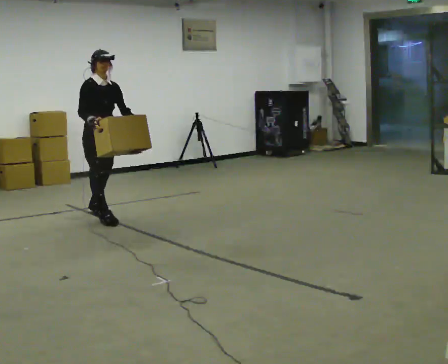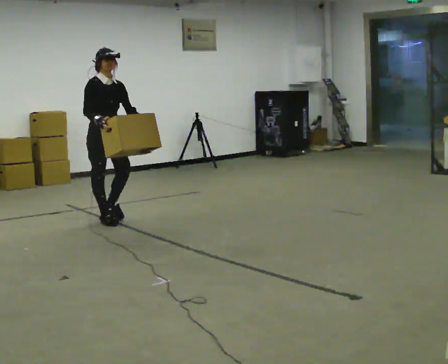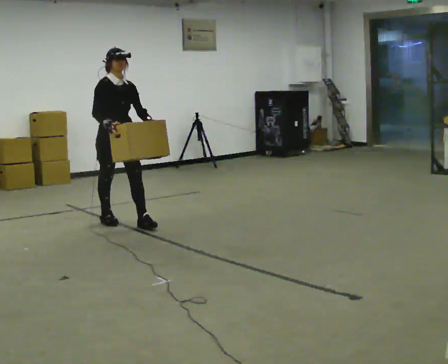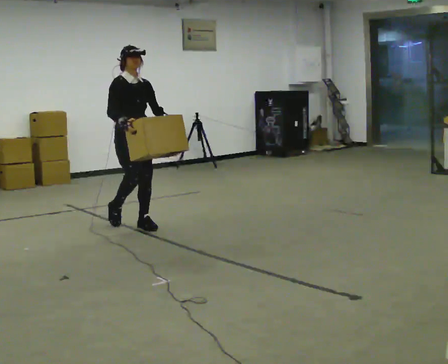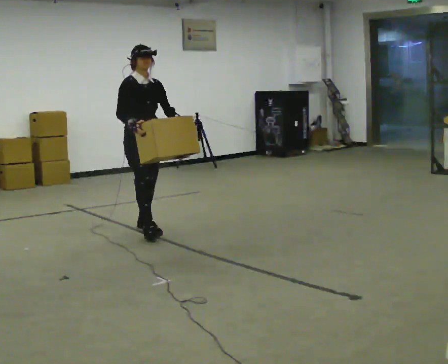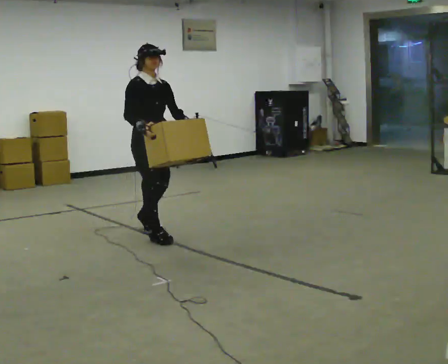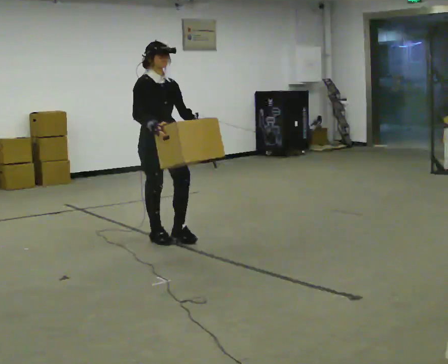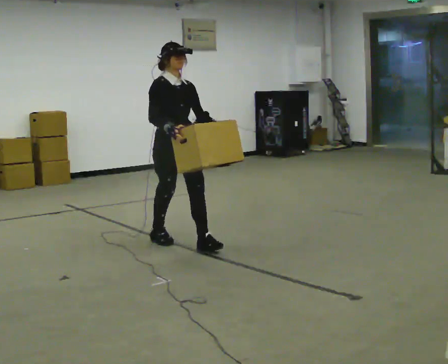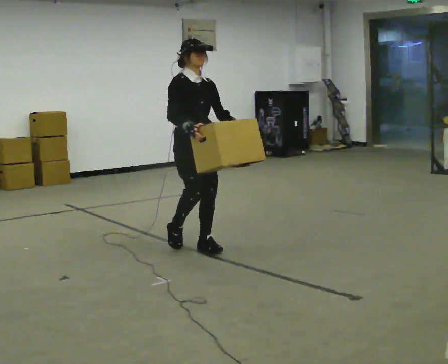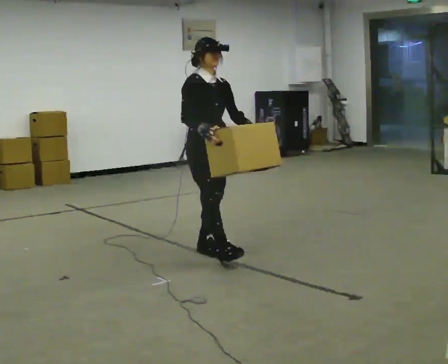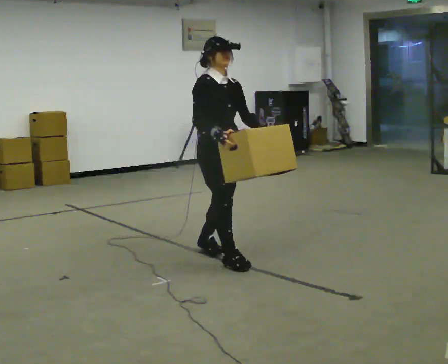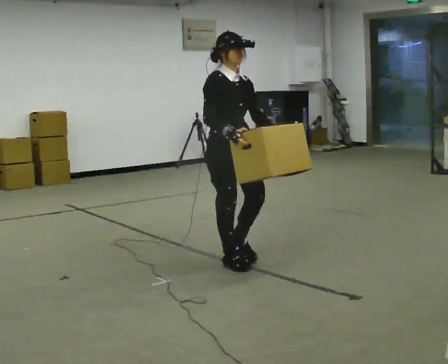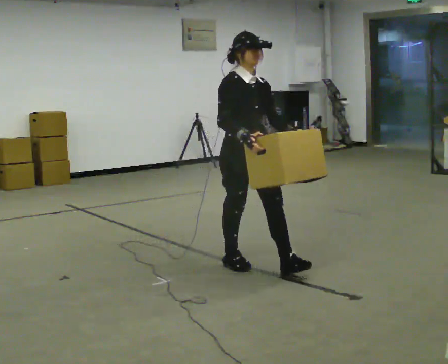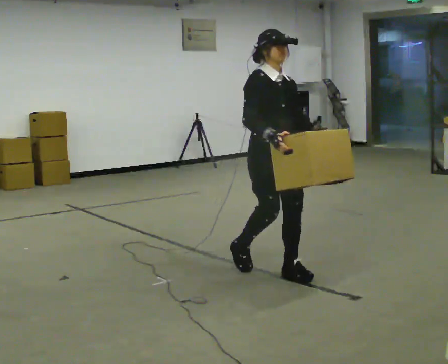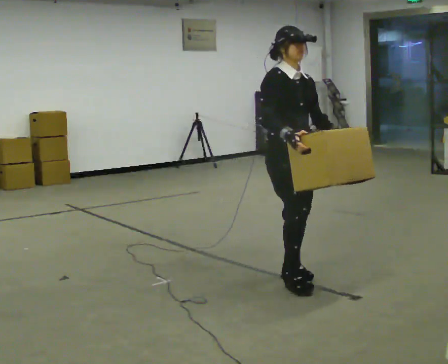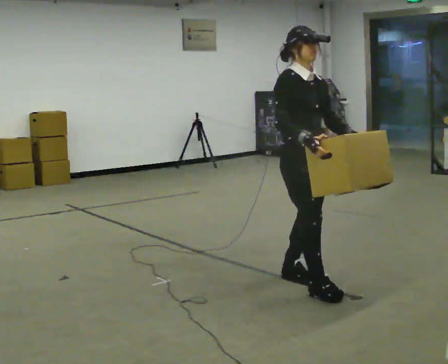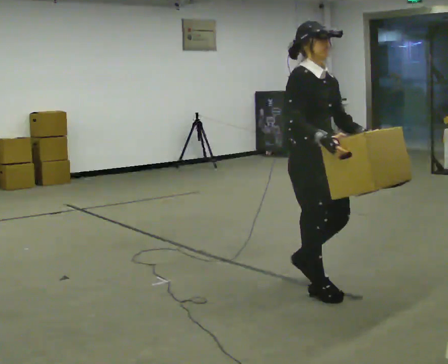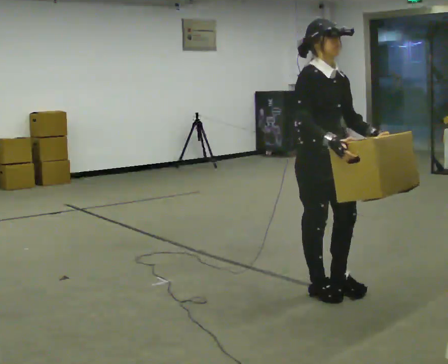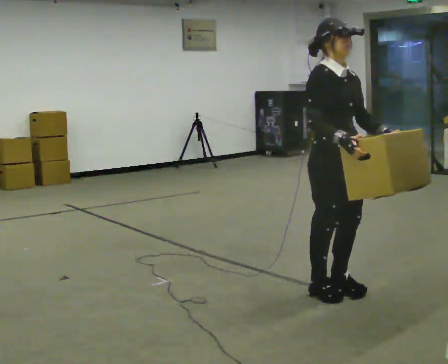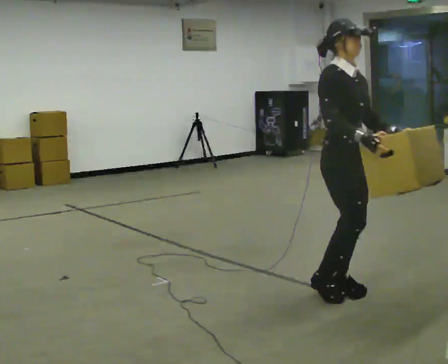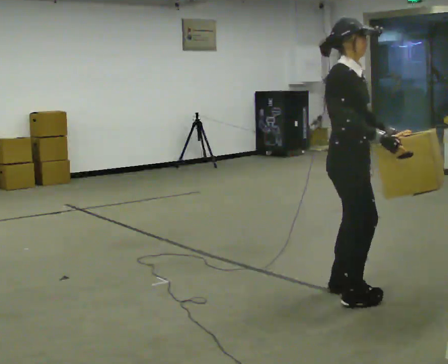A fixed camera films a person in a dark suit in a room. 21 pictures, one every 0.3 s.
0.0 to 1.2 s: In the picture they go to the right and toward the camera, about 0.75 m in 1 step, which for them is forward.
1.2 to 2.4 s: In the picture they go toward the camera and to the right, about 0.5 m in 2 steps, which for them is forward.
2.4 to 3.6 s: In the picture they go toward the camera and to the right, about 0.75 m in 1 step, which for them is forward.
3.6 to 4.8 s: In the picture they go toward the camera and to the right, about 0.5 m in 2 steps, which for them is forward.
4.8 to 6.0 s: In the picture they go to the right, about 0.25 m in 1 step, which for them is forward.
The film runs forward here.
